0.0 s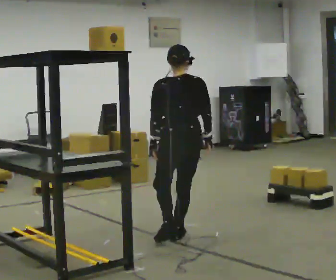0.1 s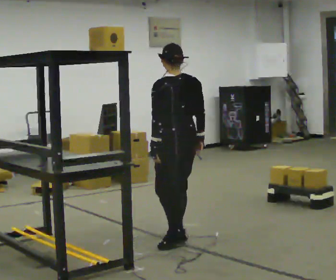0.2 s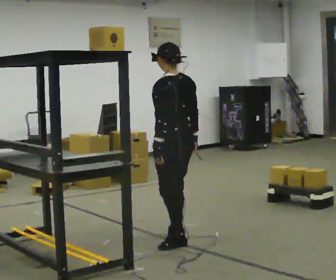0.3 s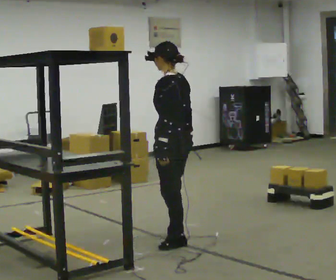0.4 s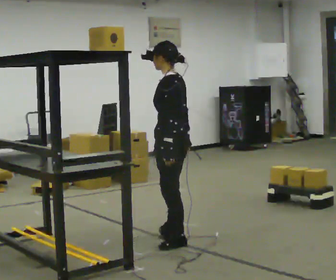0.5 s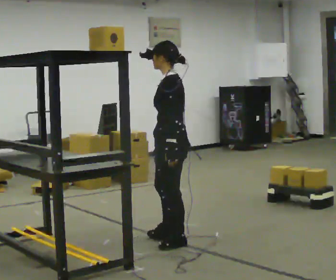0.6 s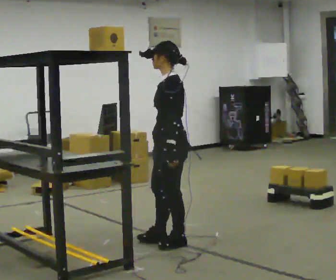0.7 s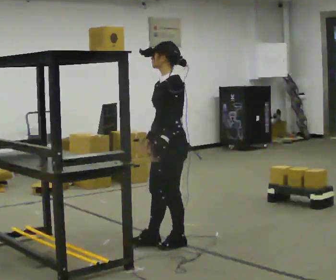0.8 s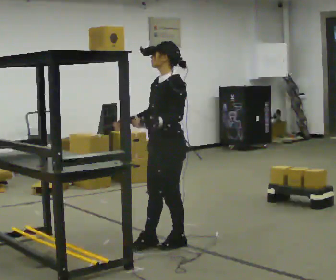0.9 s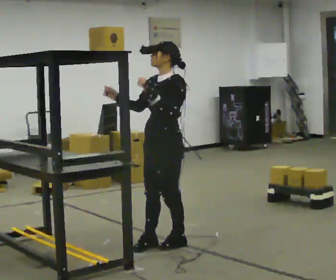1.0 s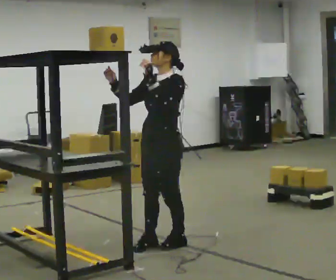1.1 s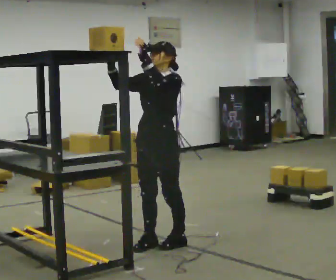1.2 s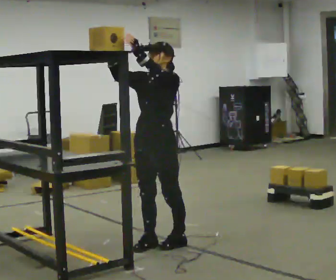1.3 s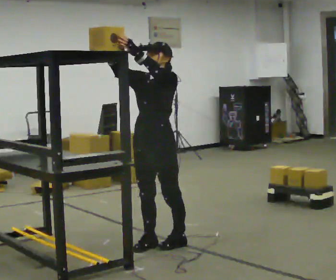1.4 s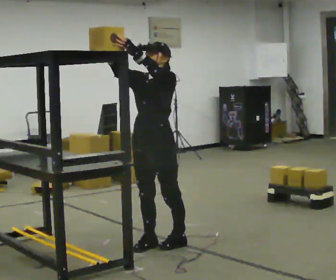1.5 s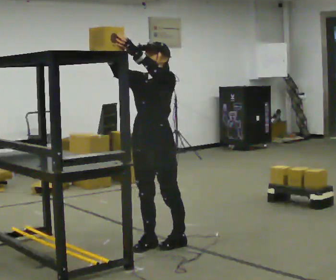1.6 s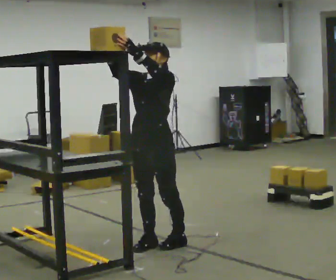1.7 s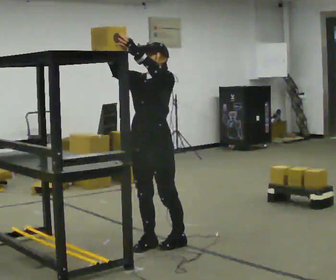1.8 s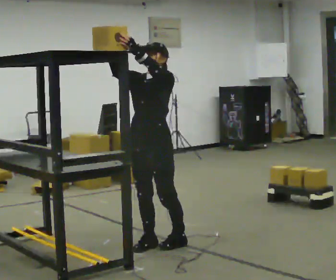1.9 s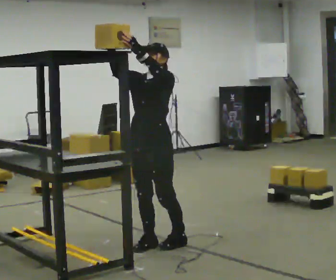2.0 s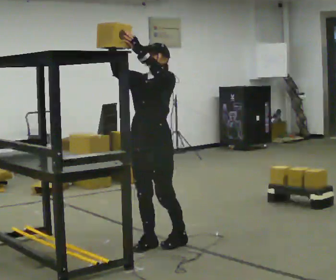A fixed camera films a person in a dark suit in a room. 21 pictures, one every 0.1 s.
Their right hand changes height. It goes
upward.
The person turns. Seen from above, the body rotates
counterclockwise.
0.0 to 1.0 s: Seen from above the body turns counterclockwise, about 120 degrees: to their left, with its near side sliding to the right. In the picture they go toward the camera, about 0.25 m in 1 step. In the picture their right hand goes to the left and upward, the arm swinging clockwise.
1.0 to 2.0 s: The person moves a little, or ends about where they began.
The film runs backward here.
